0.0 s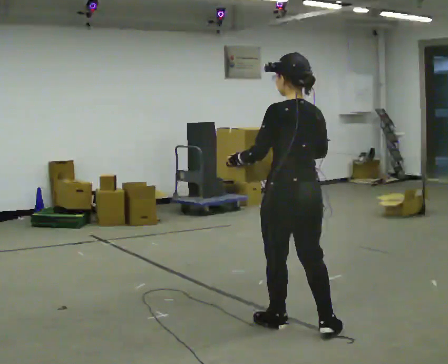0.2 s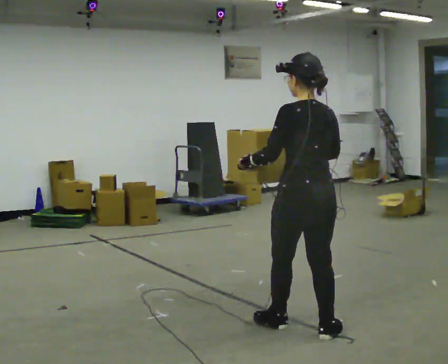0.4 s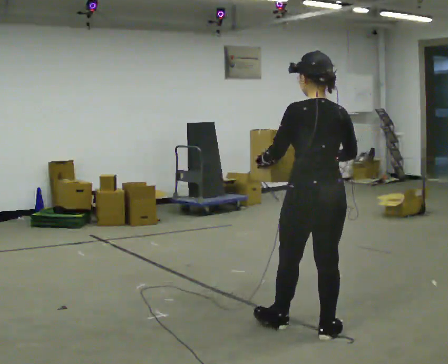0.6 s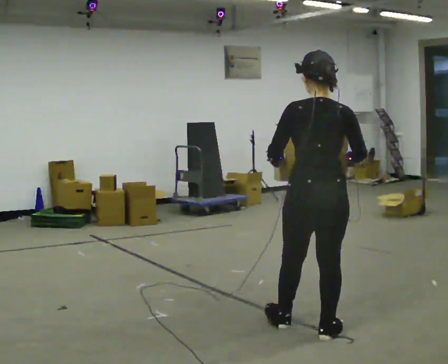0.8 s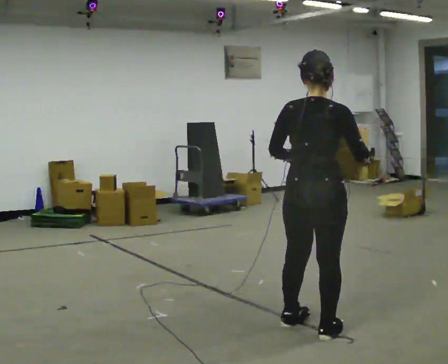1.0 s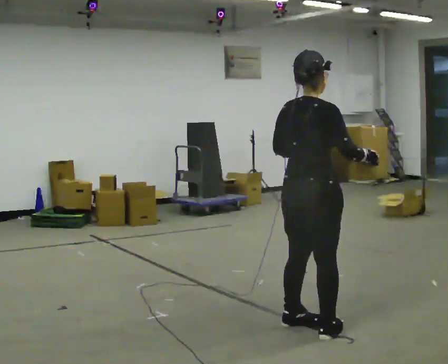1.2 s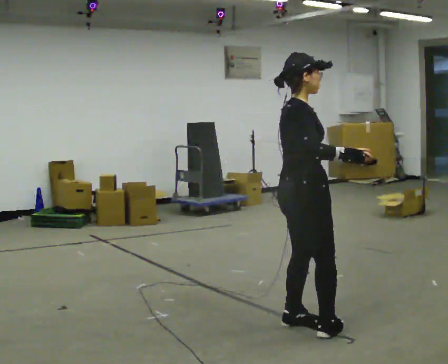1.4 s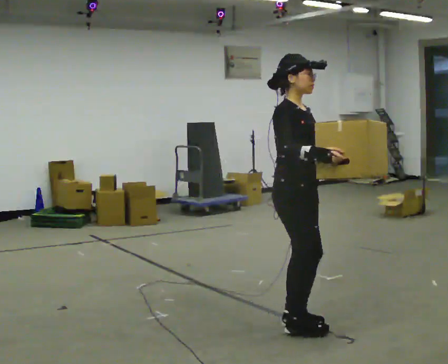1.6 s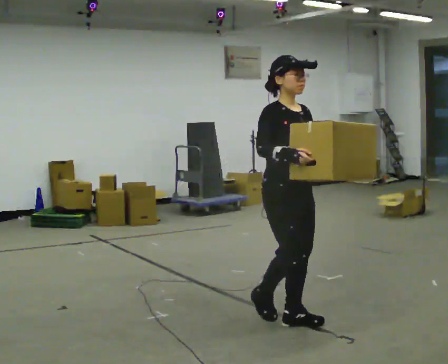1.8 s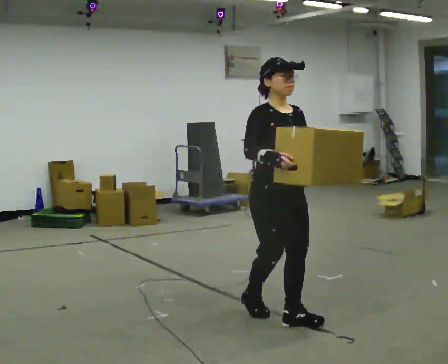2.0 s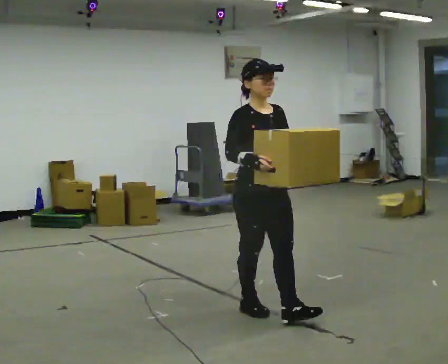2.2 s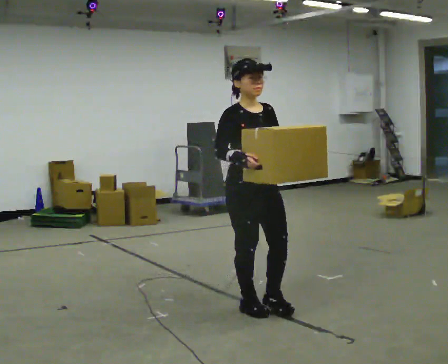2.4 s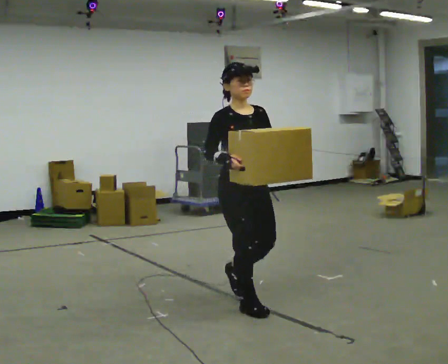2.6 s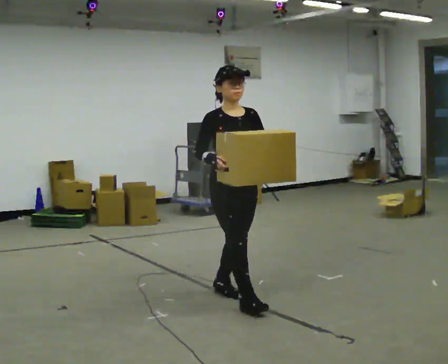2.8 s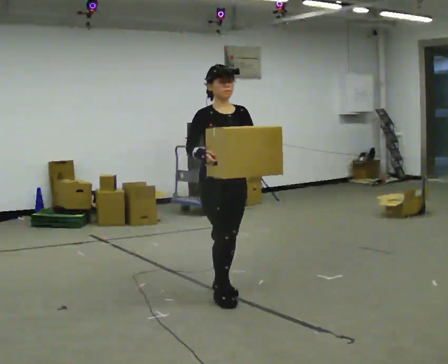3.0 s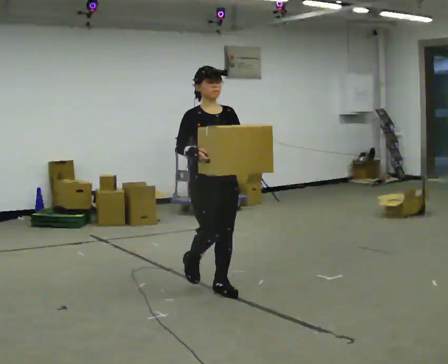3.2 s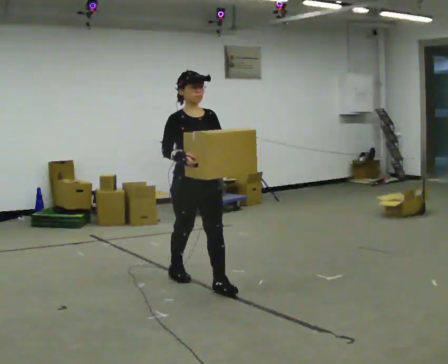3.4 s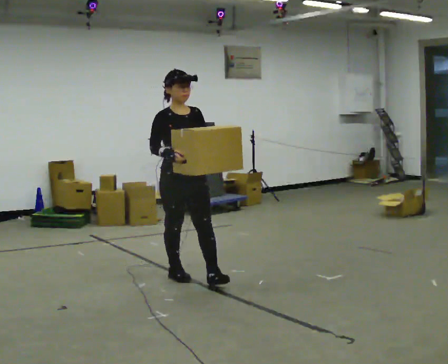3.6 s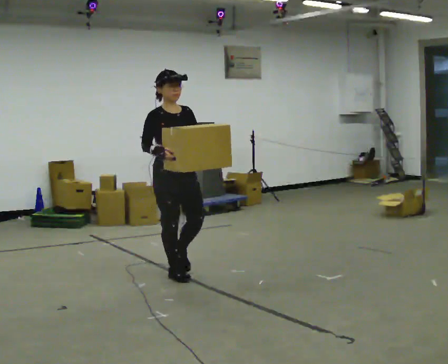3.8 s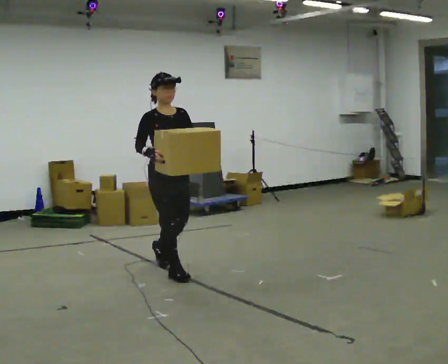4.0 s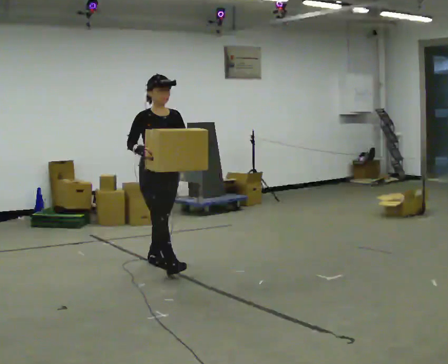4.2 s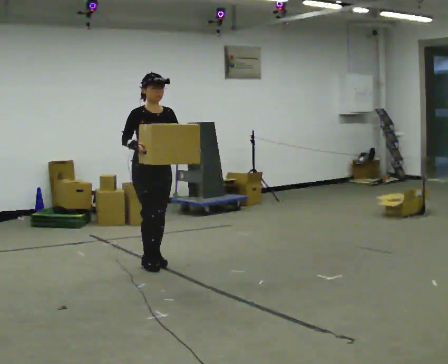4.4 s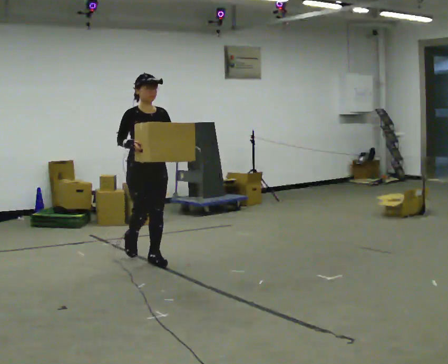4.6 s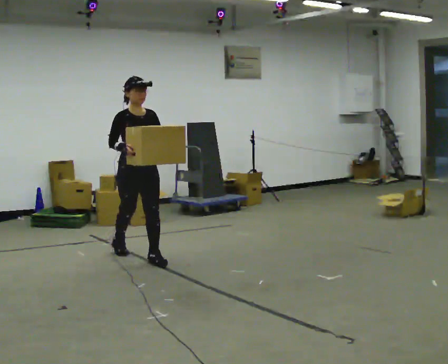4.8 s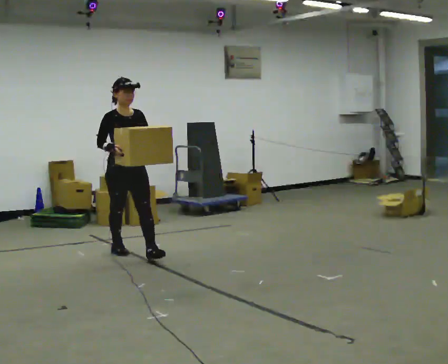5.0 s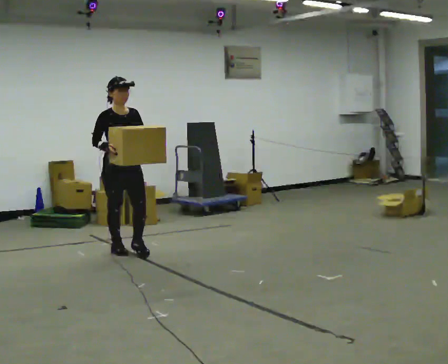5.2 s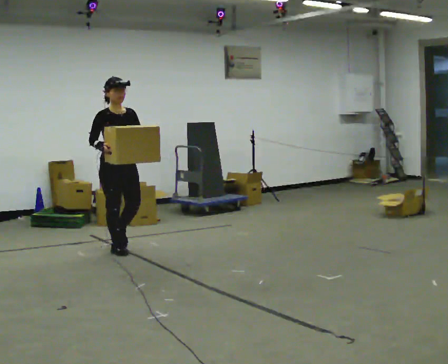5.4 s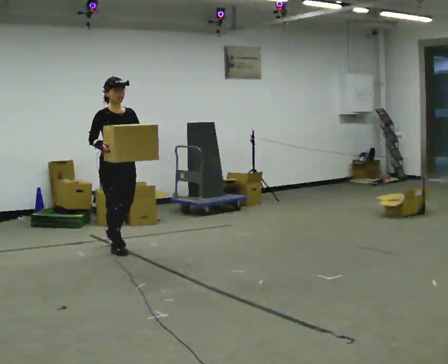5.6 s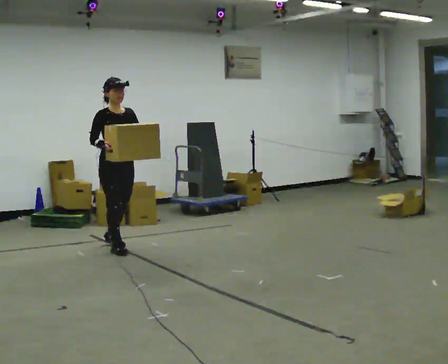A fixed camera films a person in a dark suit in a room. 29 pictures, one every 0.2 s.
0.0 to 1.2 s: Seen from above the body turns clockwise, about 105 degrees: to their right, with its near side sliding to the left.
1.2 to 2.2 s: The part of the body nearest the lens slides to the left as the person turns to their right by about 75 degrees. In the picture they go away from the camera and to the left, about 0.5 m in 2 steps.
2.2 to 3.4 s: In the picture they go away from the camera and to the left, about 1 m in 2 steps, which for them is backward.
3.4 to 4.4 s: In the picture they go away from the camera and to the left, about 0.75 m in 1 step, which for them is backward.
4.4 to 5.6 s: In the picture they go away from the camera and to the left, about 0.5 m in 1 step, which for them is backward.
The film runs backward here.
